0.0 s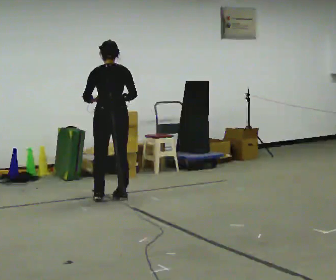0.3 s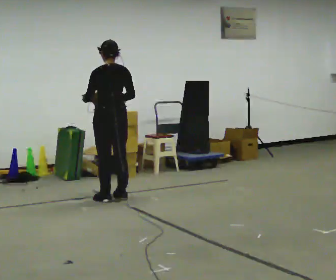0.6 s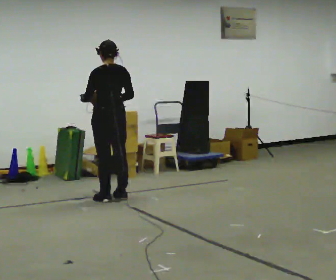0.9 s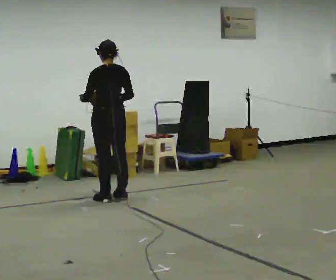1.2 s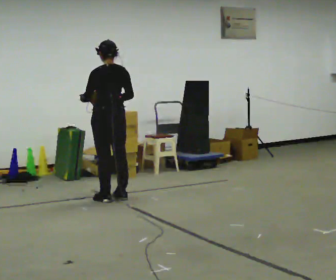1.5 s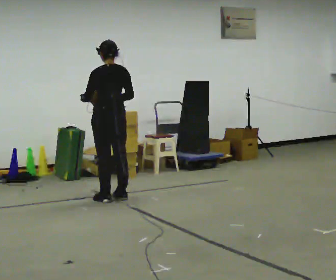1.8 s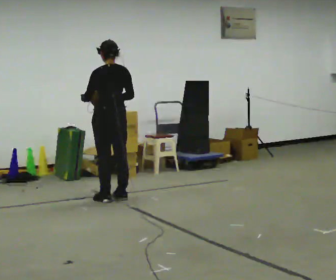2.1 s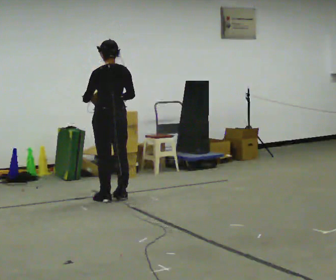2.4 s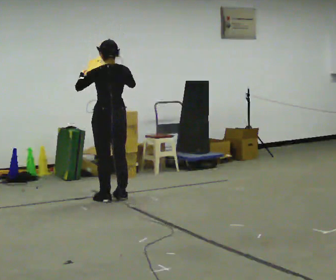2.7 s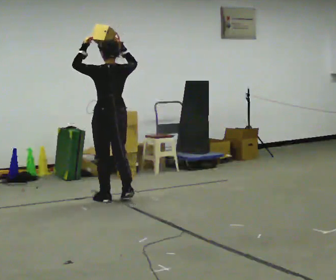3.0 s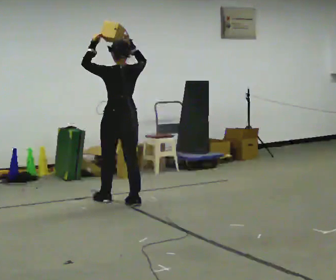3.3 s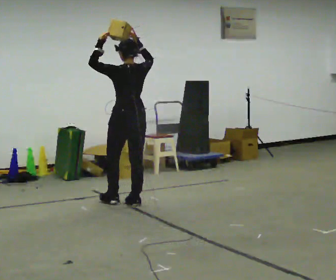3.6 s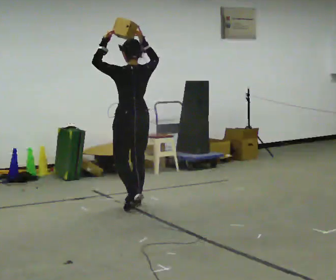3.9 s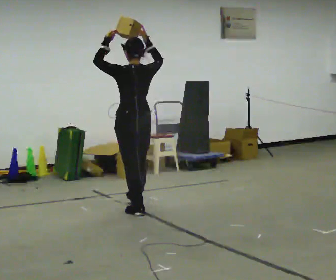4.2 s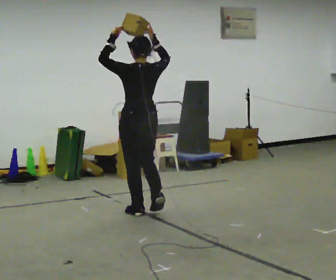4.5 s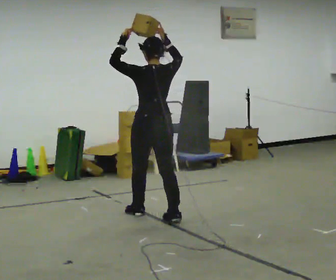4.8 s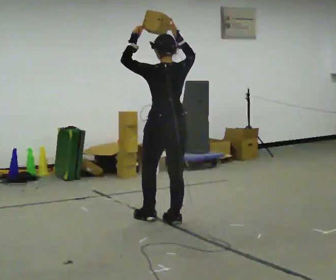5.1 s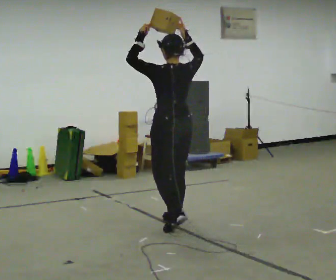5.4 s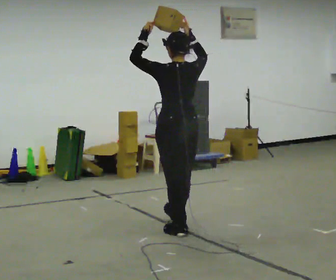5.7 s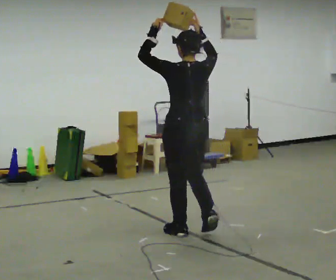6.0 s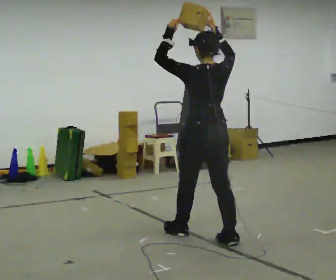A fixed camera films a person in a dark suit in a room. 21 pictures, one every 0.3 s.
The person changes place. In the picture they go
toward the camera.
Their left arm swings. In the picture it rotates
clockwise.
0.0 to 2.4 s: The person moves a little, or ends about where they began.
2.4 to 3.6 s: In the picture they go toward the camera and to the right, about 0.5 m in 2 steps, which for them is backward. In the picture their right hand goes upward.
3.6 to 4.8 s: In the picture they go toward the camera and to the right, about 0.75 m in 2 steps, which for them is backward.
4.8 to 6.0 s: In the picture they go toward the camera and to the right, about 0.75 m in 1 step, which for them is backward.
The film runs backward here.
